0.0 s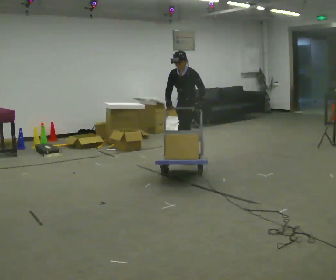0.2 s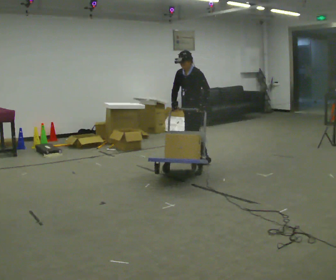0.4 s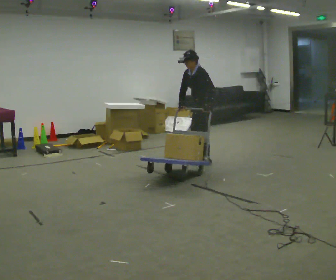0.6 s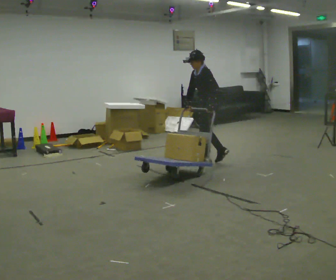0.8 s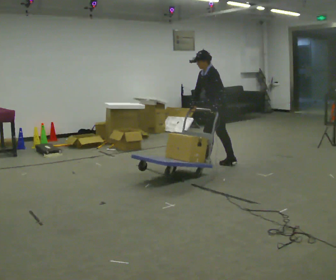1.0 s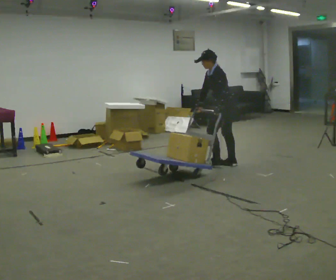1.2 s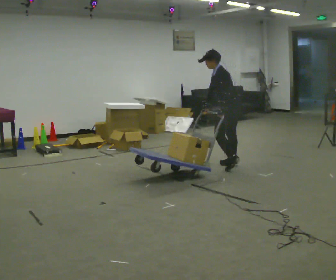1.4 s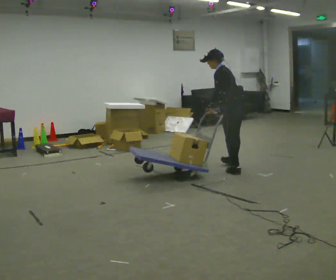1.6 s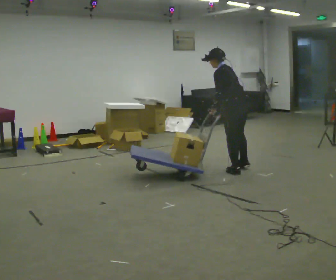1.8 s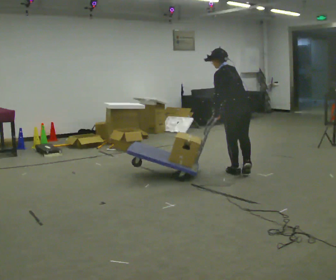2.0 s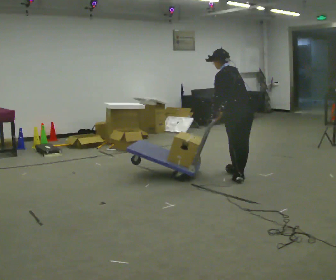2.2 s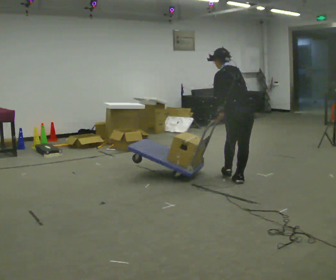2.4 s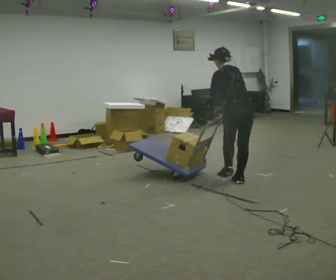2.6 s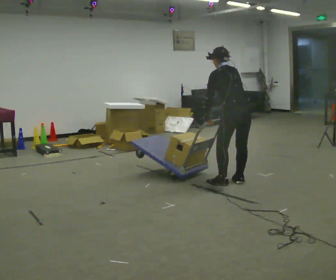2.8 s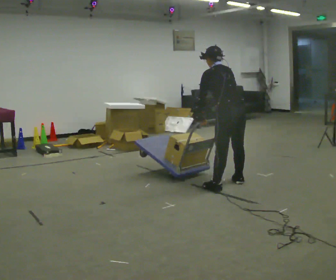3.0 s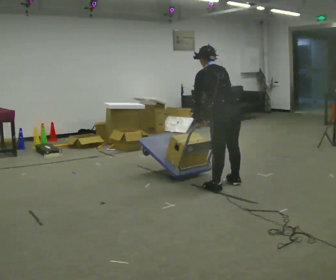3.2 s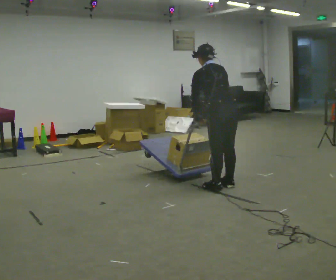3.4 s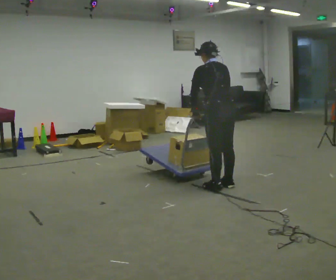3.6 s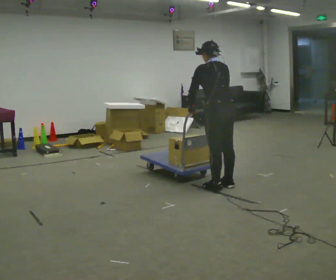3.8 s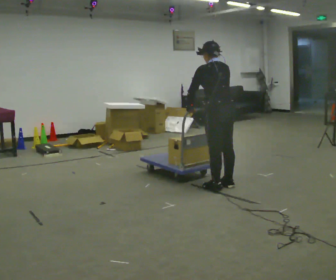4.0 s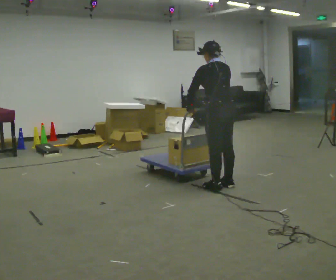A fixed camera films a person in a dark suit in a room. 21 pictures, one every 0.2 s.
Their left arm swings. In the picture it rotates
clockwise.
The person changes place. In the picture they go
toward the camera.
0.0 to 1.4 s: The part of the body nearest the lens slides to the left as the person turns to their right by about 75 degrees. In the picture they go to the right and toward the camera, about 1 m in 2 steps. In the picture the upper body tilts counterclockwise, shoulders to the left.
1.4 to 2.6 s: The part of the body nearest the lens slides to the left as the person turns to their right by about 30 degrees. In the picture they go toward the camera, about 0.5 m in 2 steps, which for them is backward. The upper body tips away from the camera, its near side rolling upward.
2.6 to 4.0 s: In the picture they go toward the camera and to the left, about 0.25 m in 1 step, which for them is to their left. In the picture the upper body tilts clockwise, shoulders to the right, as they lean back or straighten.
The film runs backward here.
